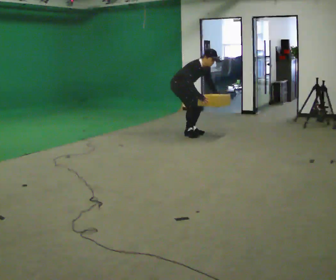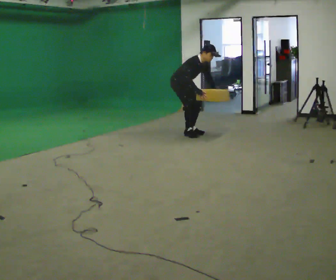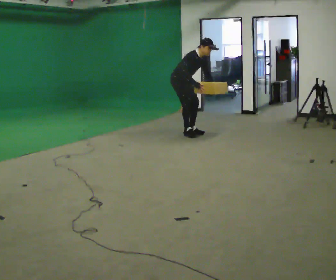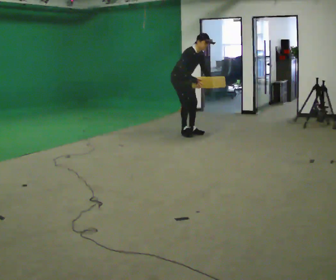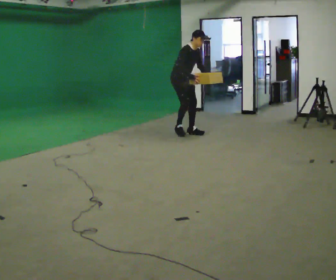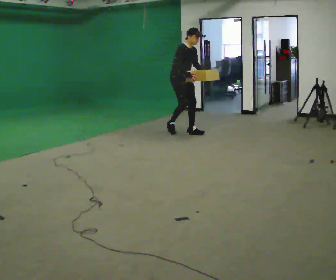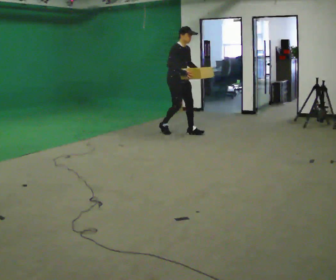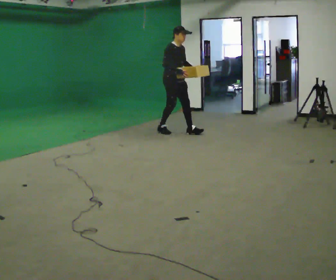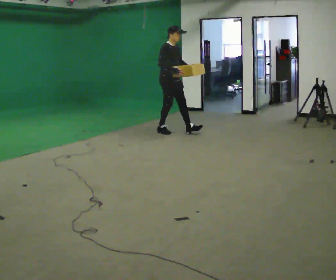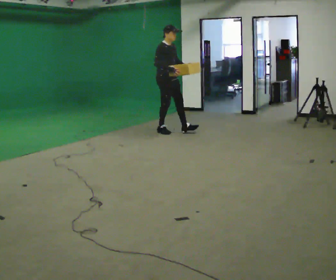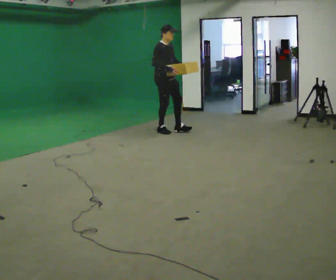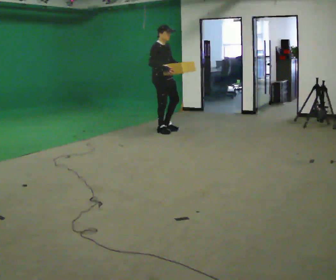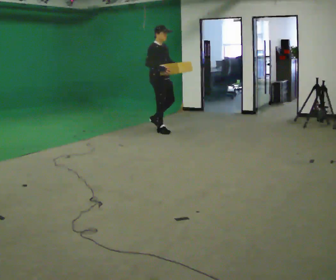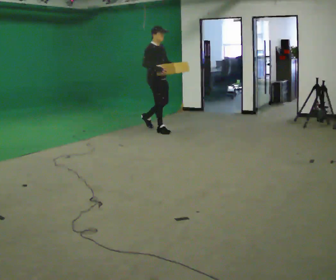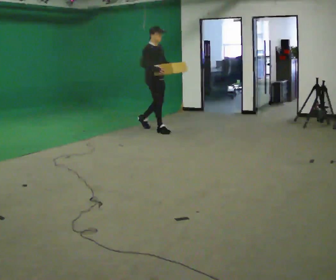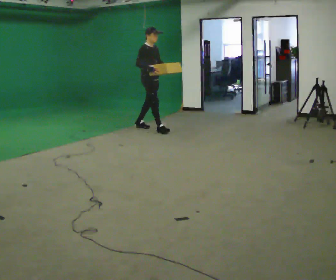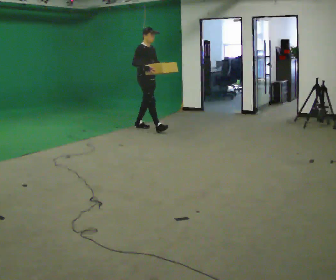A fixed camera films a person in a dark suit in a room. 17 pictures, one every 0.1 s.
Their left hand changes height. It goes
upward.
The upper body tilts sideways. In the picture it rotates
counterclockwise.
0.0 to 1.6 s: In the picture they go to the left and away from the camera, about 0.75 m in 2 steps, which for them is backward. The shoulders move upward. In the picture the upper body tilts counterclockwise, shoulders to the left, as they lean back or straighten. In the picture their right hand goes upward.
The film runs backward here.
